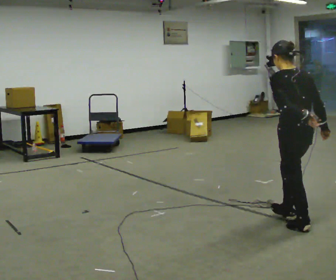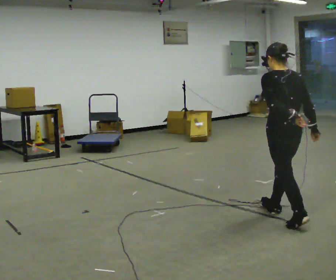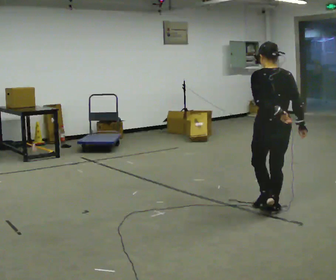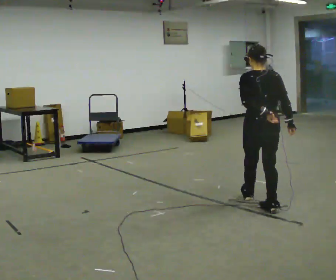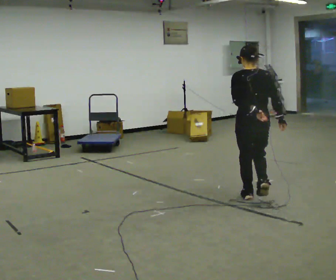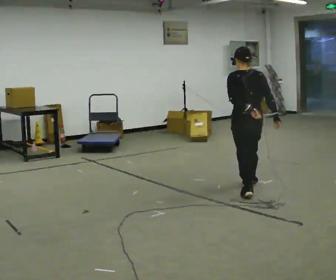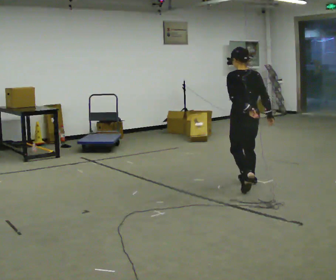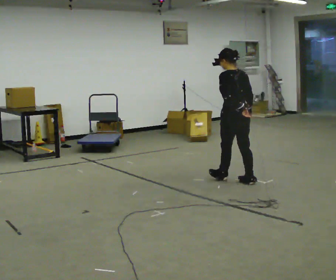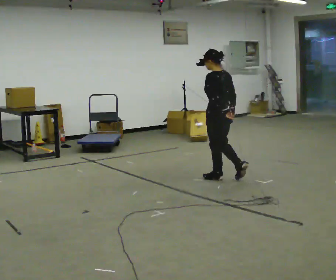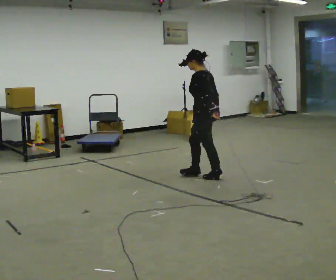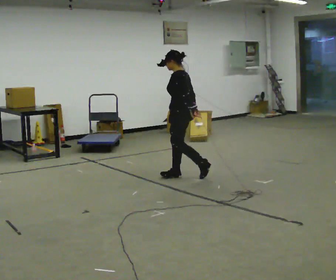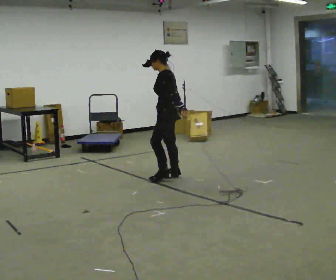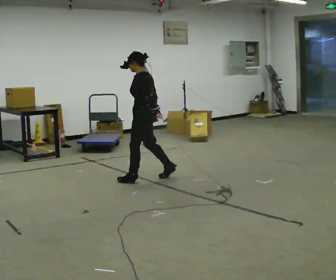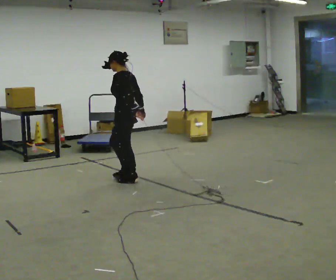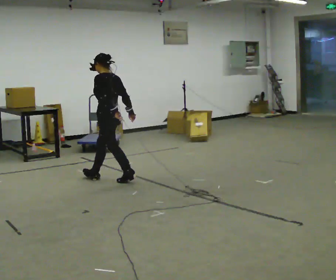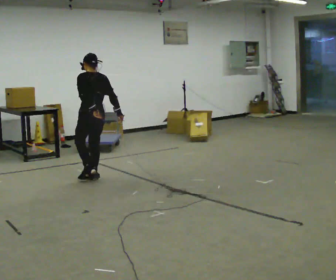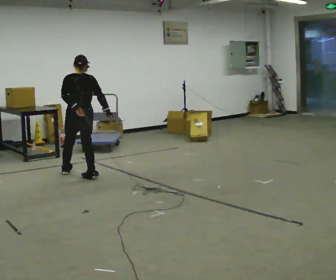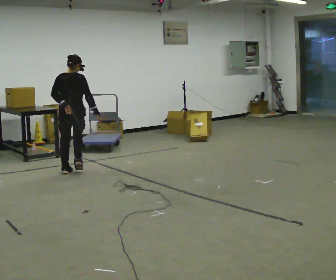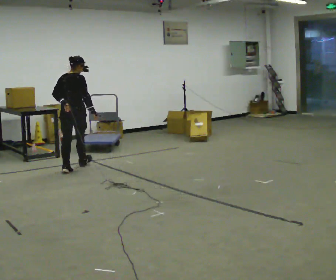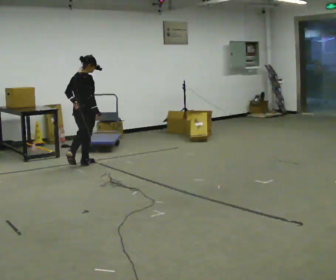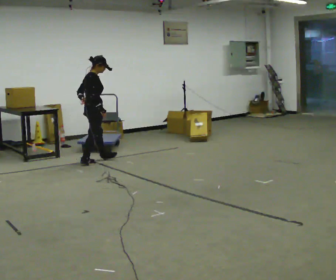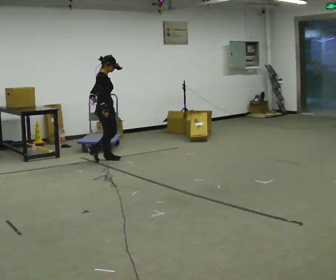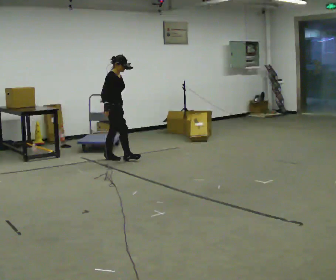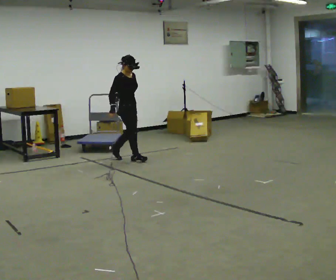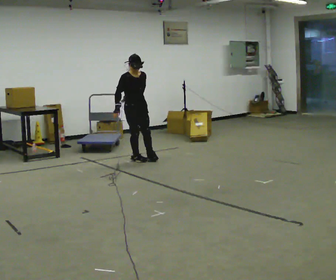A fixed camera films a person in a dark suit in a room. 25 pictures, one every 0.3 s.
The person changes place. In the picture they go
away from the camera.
0.0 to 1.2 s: The part of the body nearest the lens slides to the left as the person turns to their right by about 30 degrees. In the picture they go away from the camera, about 1 m in 2 steps, which for them is forward.
1.2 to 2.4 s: The person turns about 45 degrees to their left, counterclockwise seen from above, so the part of the body nearest the lens slides to the right. In the picture they go away from the camera, about 1 m in 2 steps, which for them is forward.
2.4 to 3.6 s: Seen from above the body turns counterclockwise, about 30 degrees: to their left, with its near side sliding to the right. In the picture they go to the left, about 1 m in 2 steps, which for them is forward.
3.6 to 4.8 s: The part of the body nearest the lens slides to the left as the person turns to their right by about 60 degrees. In the picture they go to the left, about 1 m in 1 step, which for them is forward.
4.8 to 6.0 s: The part of the body nearest the lens slides to the left as the person turns to their right by about 90 degrees. In the picture they go away from the camera, about 0.75 m in 2 steps.
6.0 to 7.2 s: The part of the body nearest the lens slides to the left as the person turns to their right by about 75 degrees. In the picture they go to the right, about 0.5 m in 2 steps.
The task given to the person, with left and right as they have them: Follow S-shaped path continuously; no stopping between curves.
The film runs forward here.
